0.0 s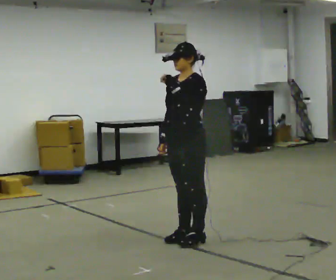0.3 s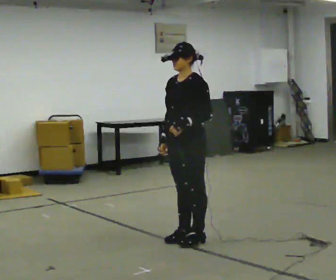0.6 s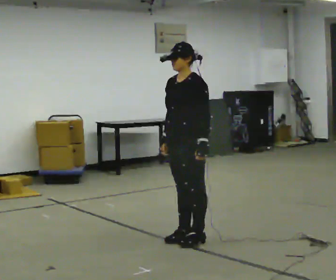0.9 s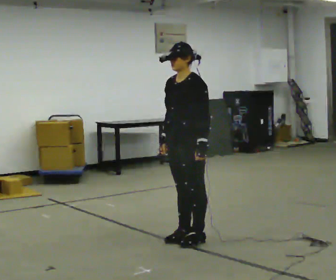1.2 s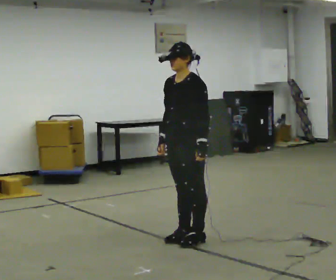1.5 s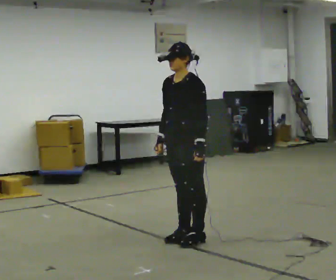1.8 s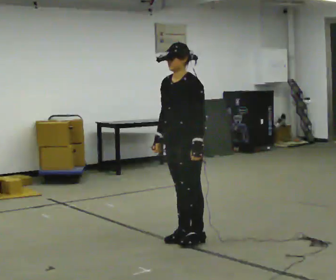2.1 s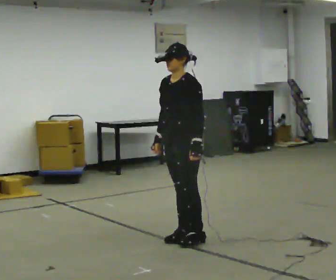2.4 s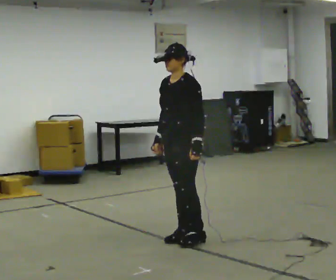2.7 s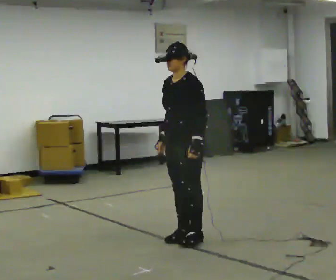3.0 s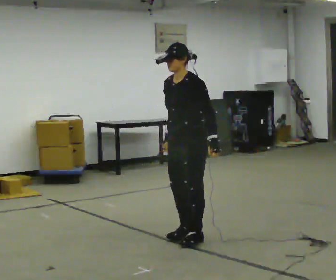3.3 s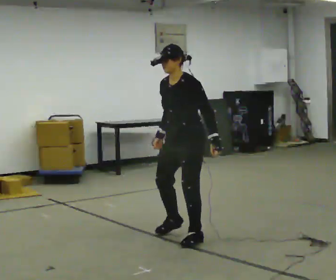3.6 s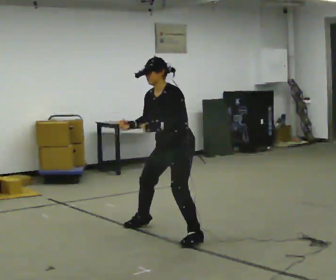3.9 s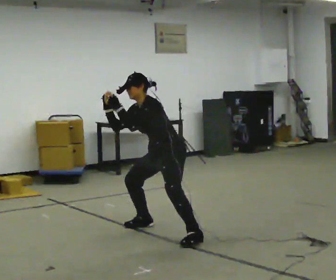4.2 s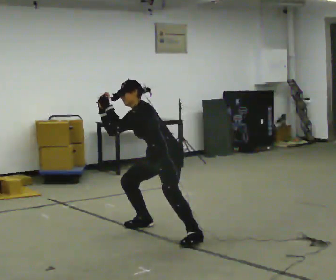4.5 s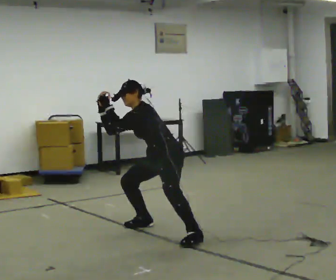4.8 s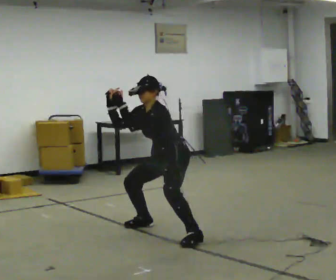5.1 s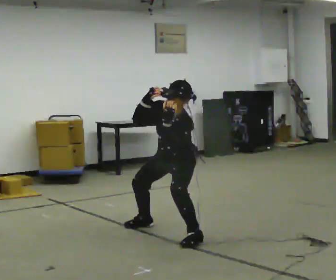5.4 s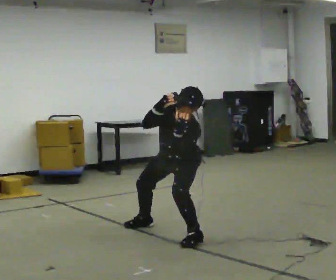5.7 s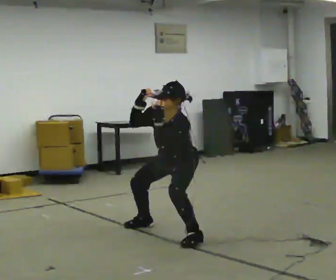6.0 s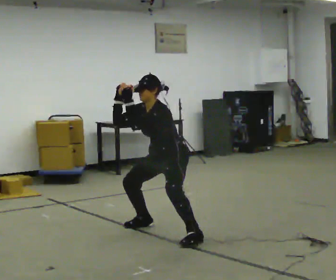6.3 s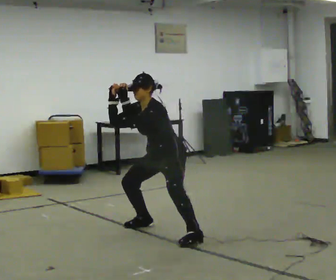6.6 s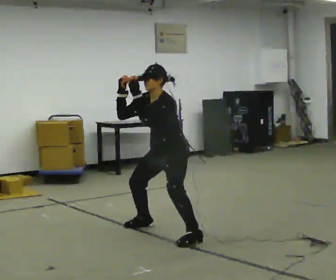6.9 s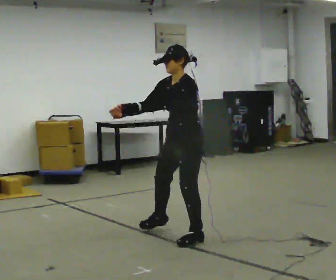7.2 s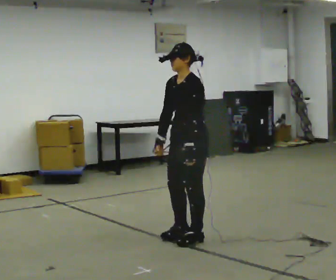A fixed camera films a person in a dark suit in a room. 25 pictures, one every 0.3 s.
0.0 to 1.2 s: In the picture their left hand goes downward.
1.2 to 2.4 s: The person moves a little, or ends about where they began.
2.4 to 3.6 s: In the picture they go away from the camera, about 0.25 m in 1 step, which for them is to their right.
3.6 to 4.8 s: In the picture they go away from the camera, about 0.25 m, which for them is to their right. The shoulders move downward. In the picture their left hand goes to the left.
4.8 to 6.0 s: The person moves a little, or ends about where they began.
6.0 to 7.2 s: In the picture they go toward the camera and to the right, about 0.25 m in 1 step, which for them is to their left. The upper body goes upward. In the picture the upper body tilts clockwise, shoulders to the right, as they lean back or straighten. In the picture their left hand goes downward.
The film runs backward here.
